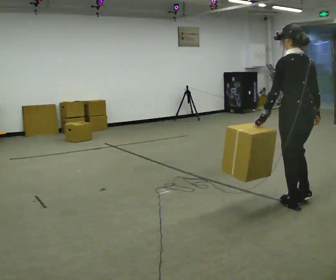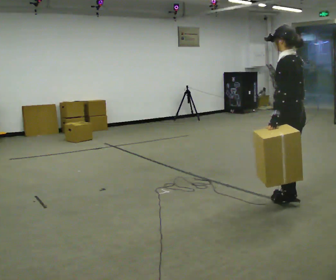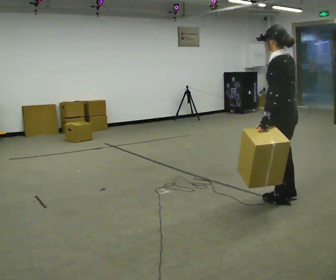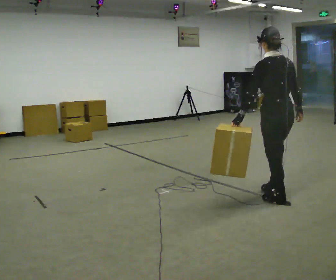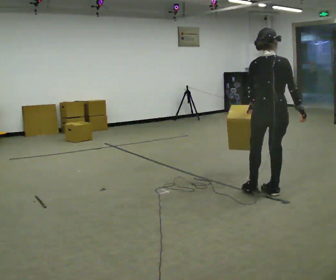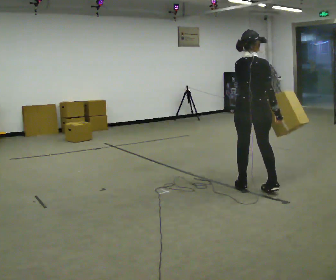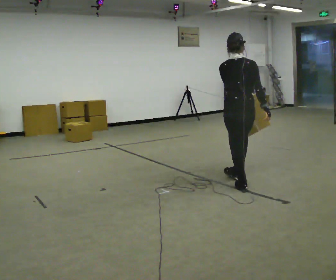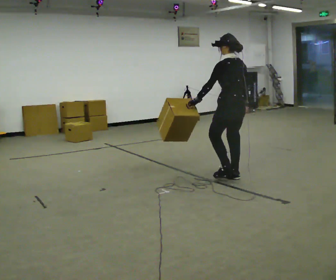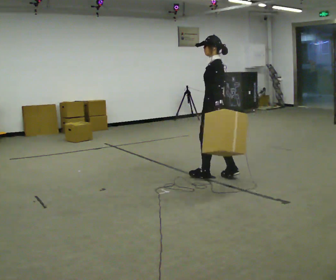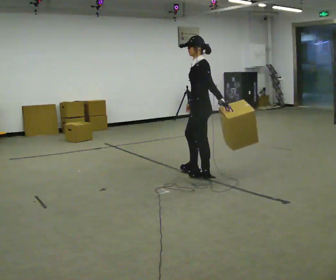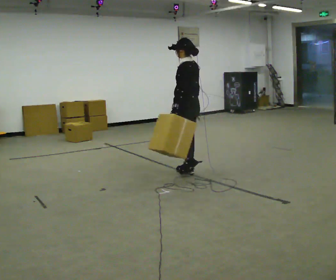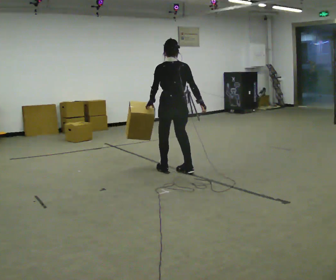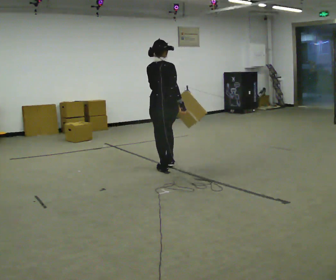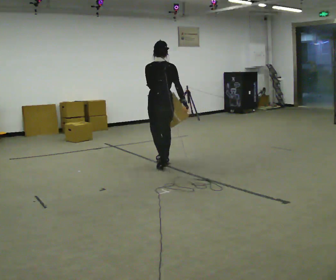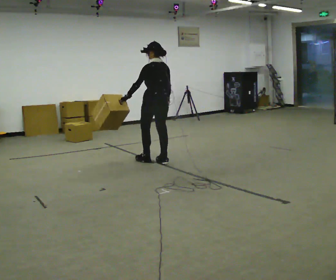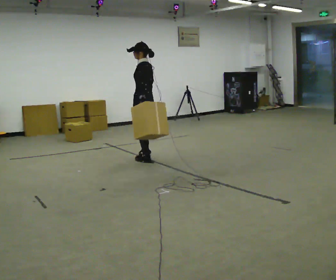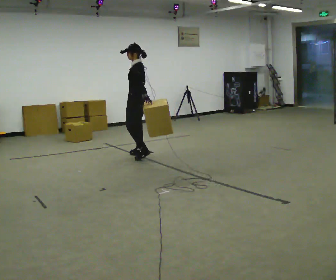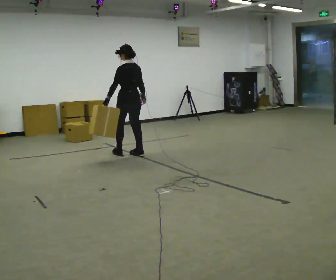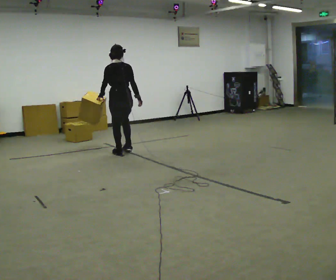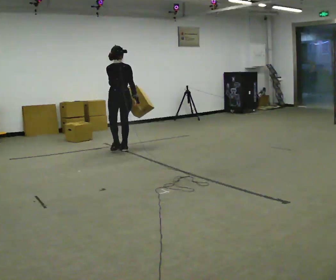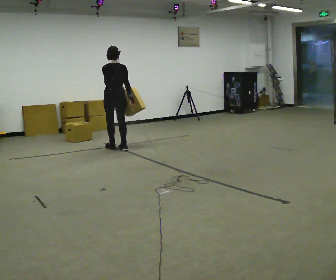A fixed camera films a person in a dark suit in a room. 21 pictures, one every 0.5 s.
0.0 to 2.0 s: Seen from above the body turns clockwise, about 45 degrees: to their right, with its near side sliding to the left. In the picture they go away from the camera and to the left, about 0.5 m in 3 steps.
2.0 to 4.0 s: The person turns about 90 degrees to their left, counterclockwise seen from above, so the part of the body nearest the lens slides to the right. In the picture they go away from the camera and to the left, about 1 m in 3 steps.
4.0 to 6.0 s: Seen from above the body turns clockwise, about 75 degrees: to their right, with its near side sliding to the left. In the picture they go to the left and away from the camera, about 0.5 m in 2 steps.
6.0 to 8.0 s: Seen from above the body turns counterclockwise, about 75 degrees: to their left, with its near side sliding to the right. In the picture they go away from the camera and to the left, about 1 m in 3 steps.
8.0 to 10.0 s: The part of the body nearest the lens slides to the left as the person turns to their right by about 60 degrees. In the picture they go away from the camera and to the left, about 0.75 m in 3 steps.
The film runs forward here.
